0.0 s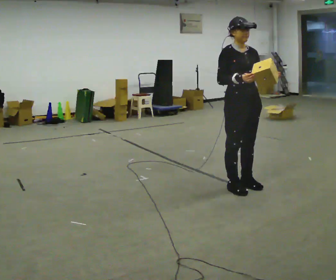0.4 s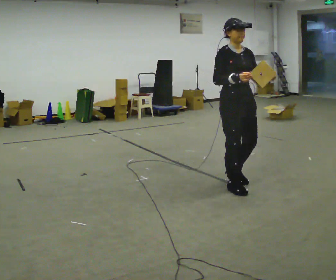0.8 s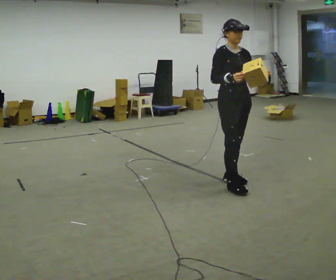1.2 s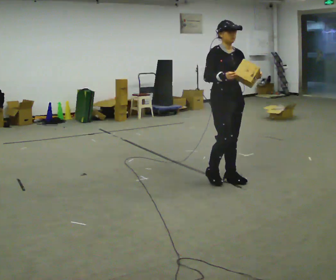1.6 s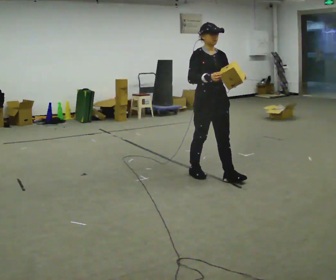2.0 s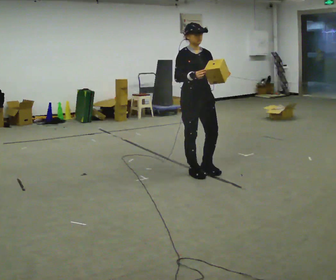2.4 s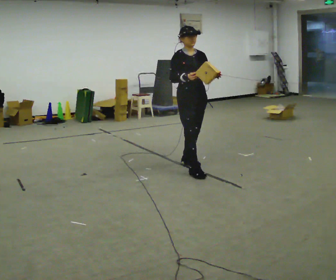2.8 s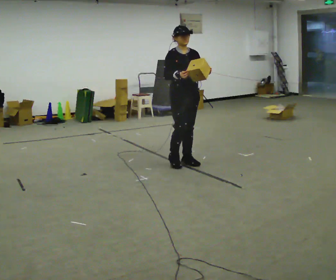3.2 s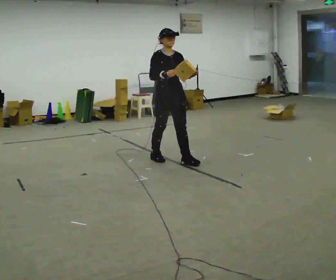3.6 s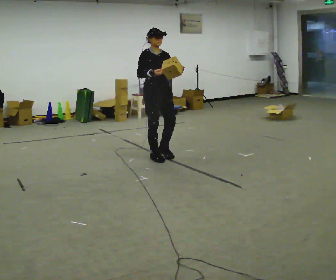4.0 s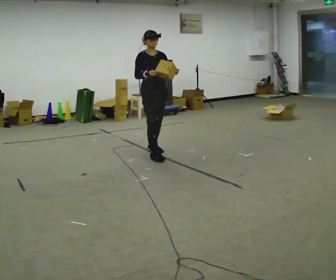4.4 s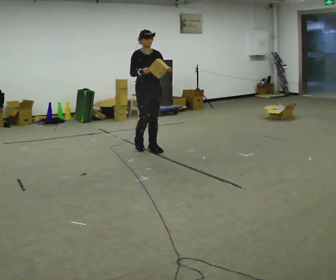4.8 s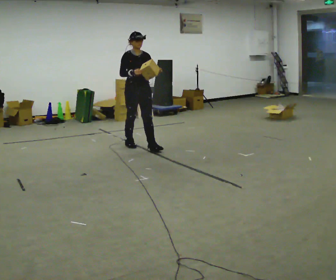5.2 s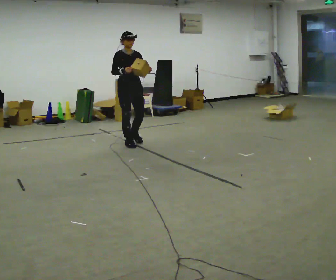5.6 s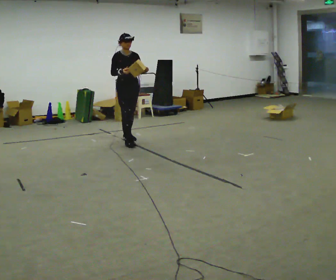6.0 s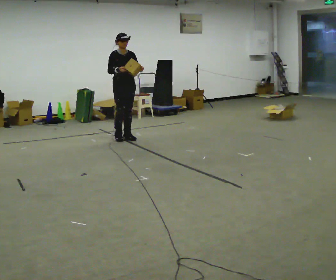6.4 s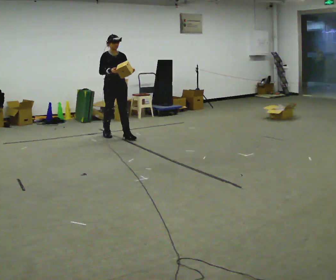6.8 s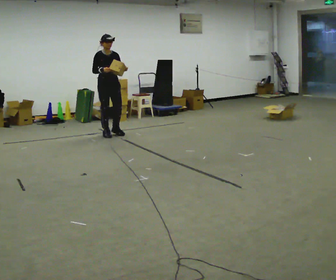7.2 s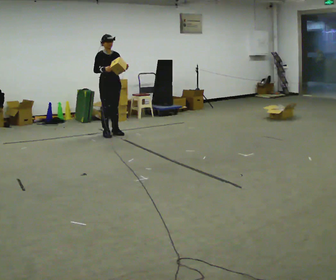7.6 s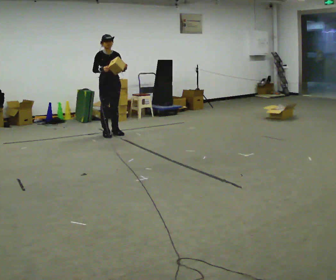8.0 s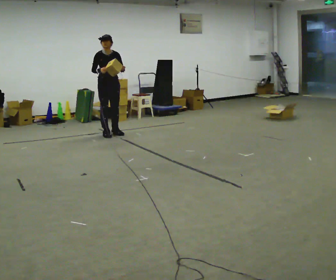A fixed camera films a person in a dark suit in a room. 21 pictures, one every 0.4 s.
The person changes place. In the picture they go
away from the camera.
0.0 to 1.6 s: In the picture they go away from the camera and to the left, about 0.5 m in 2 steps, which for them is backward.
1.6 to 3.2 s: In the picture they go away from the camera and to the left, about 1 m in 2 steps, which for them is backward.
3.2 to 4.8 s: In the picture they go away from the camera and to the left, about 1 m in 2 steps, which for them is backward.
4.8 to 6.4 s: In the picture they go away from the camera and to the left, about 1 m in 2 steps, which for them is backward.
6.4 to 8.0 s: In the picture they go away from the camera, about 0.25 m in 1 step, which for them is backward.
The film runs backward here.
